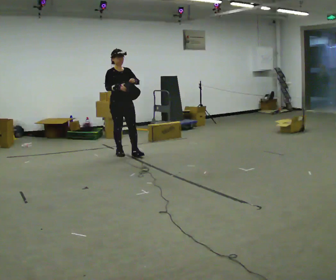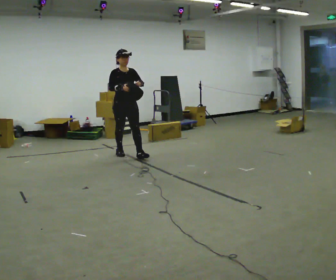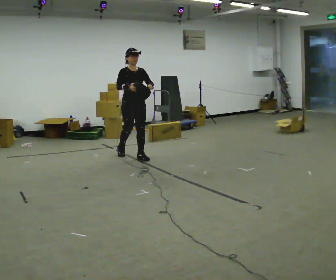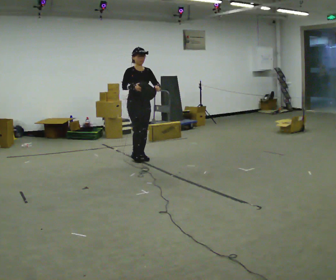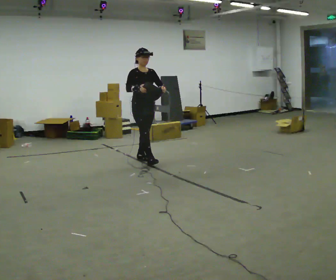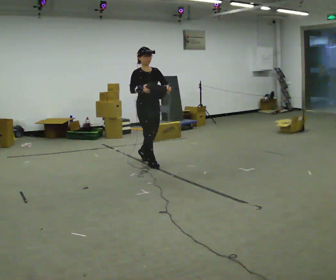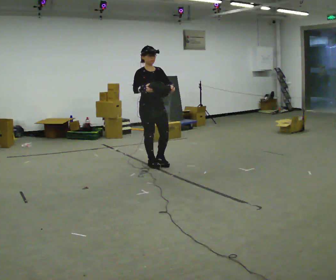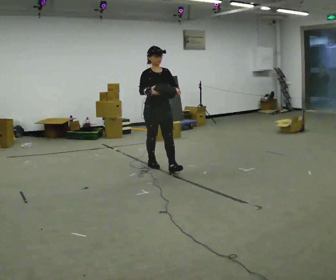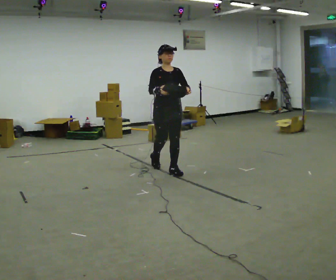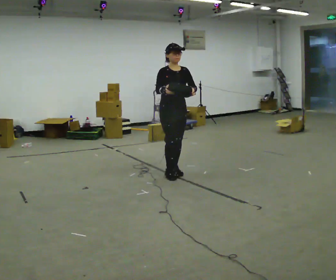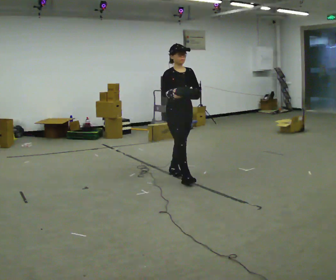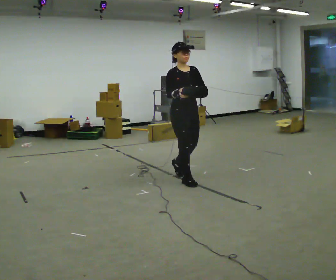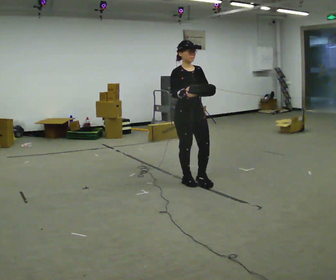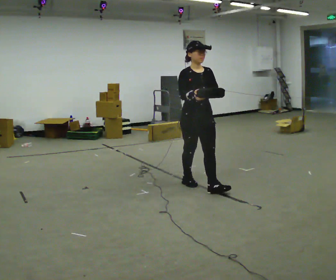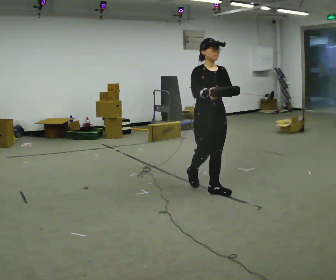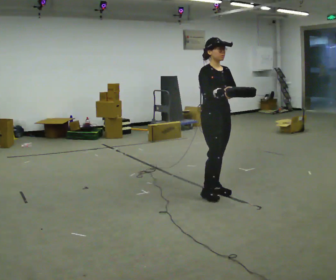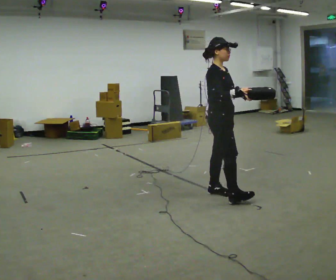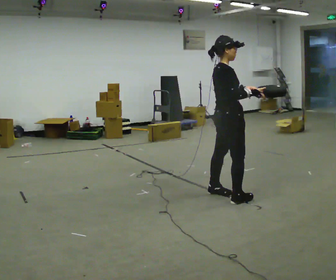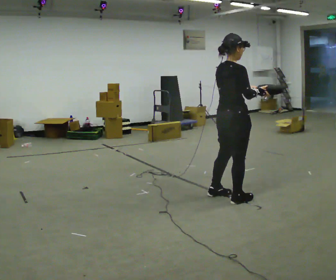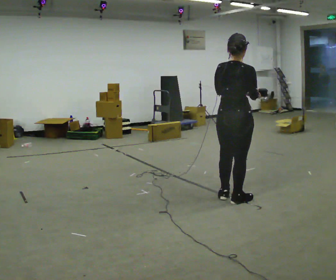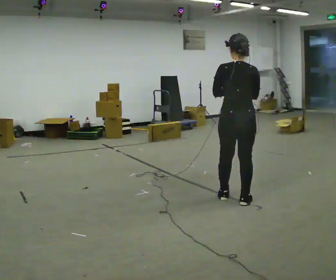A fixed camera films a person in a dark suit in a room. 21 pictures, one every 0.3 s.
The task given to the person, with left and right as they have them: Carry the bag and, while walking, undo the buckle or zip, then do it up again. Keep repeating as you walk. Do not stop.
0.0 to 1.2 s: In the picture they go to the right and toward the camera, about 0.5 m in 2 steps, which for them is forward and to their left.
1.2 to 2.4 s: In the picture they go toward the camera and to the right, about 0.75 m in 1 step, which for them is forward.
2.4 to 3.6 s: In the picture they go toward the camera and to the right, about 0.5 m in 1 step, which for them is forward.
3.6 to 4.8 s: The person turns about 30 degrees to their left, counterclockwise seen from above, so the part of the body nearest the lens slides to the right. In the picture they go toward the camera and to the right, about 0.5 m in 1 step, which for them is forward.
4.8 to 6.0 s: The part of the body nearest the lens slides to the right as the person turns to their left by about 120 degrees. In the picture they go toward the camera and to the right, about 0.25 m in 2 steps.
The film runs forward here.
